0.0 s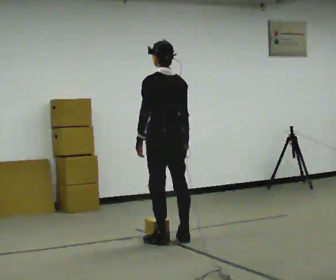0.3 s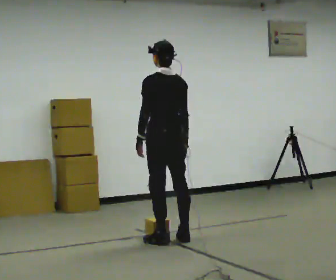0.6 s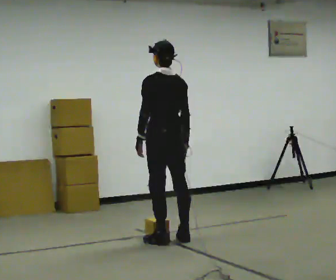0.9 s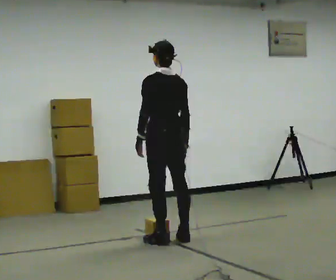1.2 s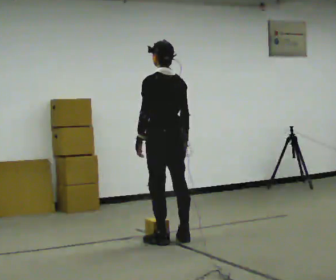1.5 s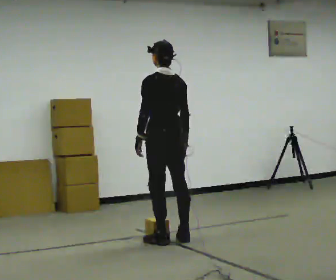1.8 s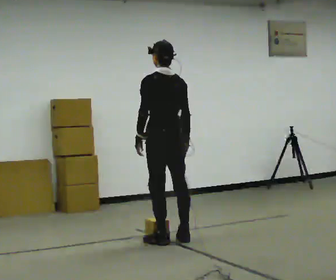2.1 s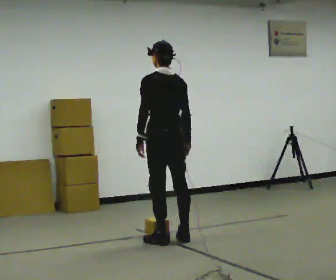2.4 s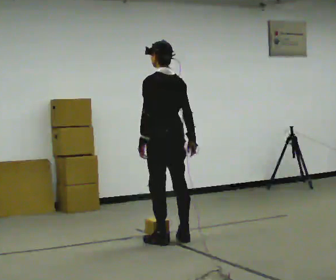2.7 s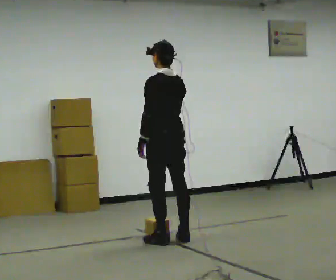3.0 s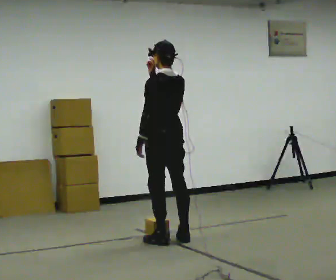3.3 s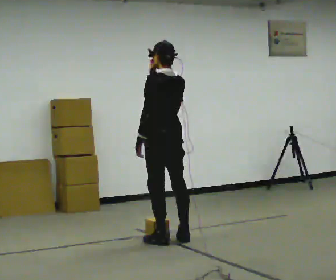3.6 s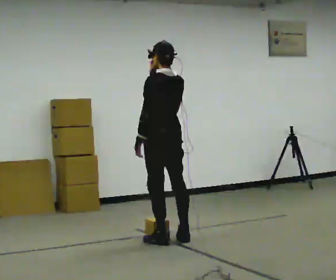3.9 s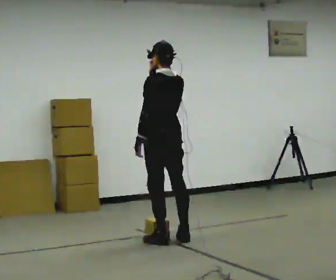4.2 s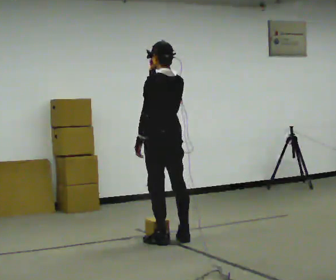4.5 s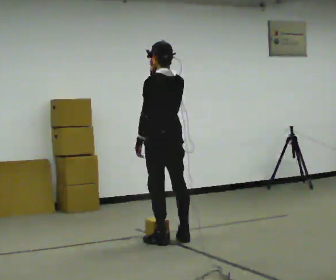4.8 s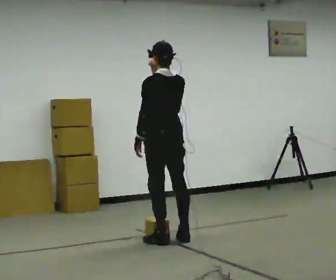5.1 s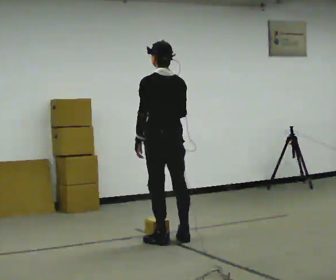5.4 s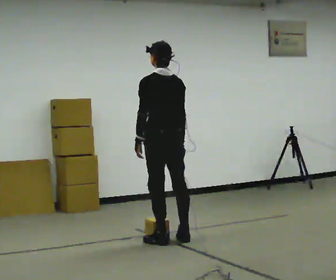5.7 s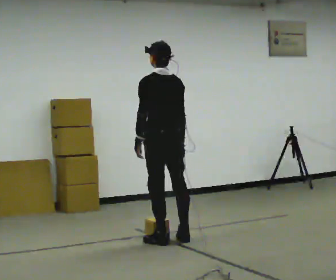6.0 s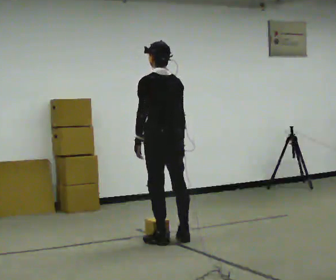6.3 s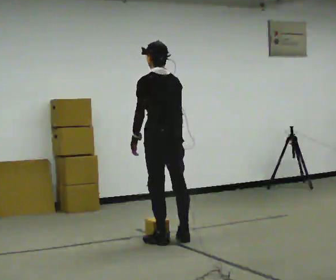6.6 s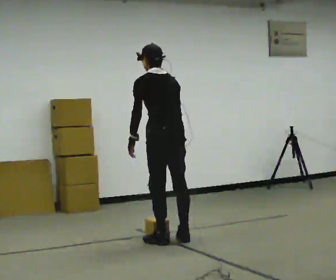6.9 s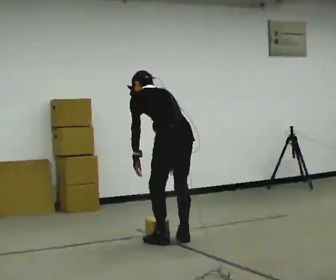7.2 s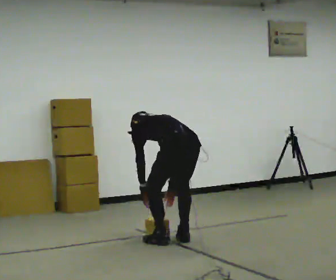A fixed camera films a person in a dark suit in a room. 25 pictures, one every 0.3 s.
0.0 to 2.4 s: The person moves a little, or ends about where they began.
2.4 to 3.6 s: In the picture their right hand goes upward and to the left.
3.6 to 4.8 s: The person moves a little, or ends about where they began.
4.8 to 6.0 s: In the picture their right hand goes downward.
6.0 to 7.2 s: In the picture they go toward the camera, about 0.25 m, which for them is backward. The upper body goes downward. The upper body tips away from the camera, its near side rolling upward, as they bend forward. In the picture their right hand goes downward.
The film runs backward here.
